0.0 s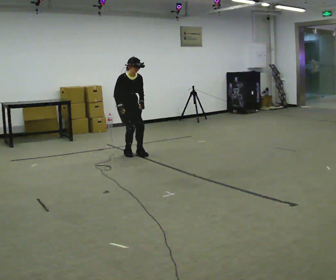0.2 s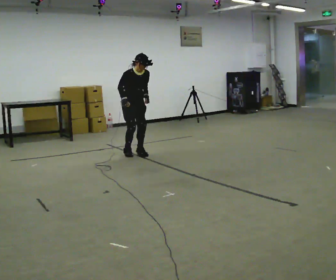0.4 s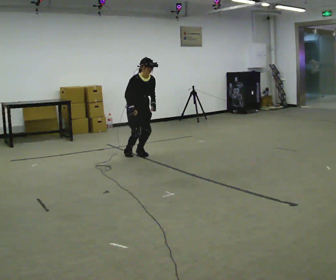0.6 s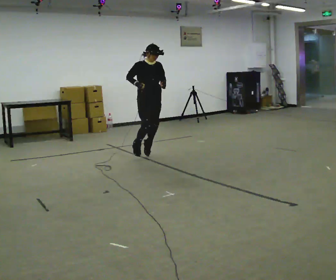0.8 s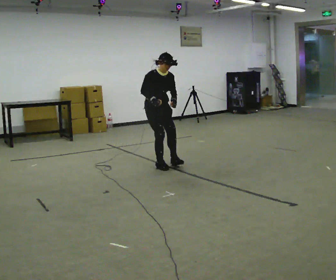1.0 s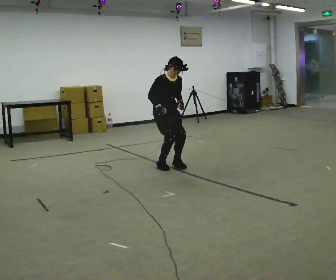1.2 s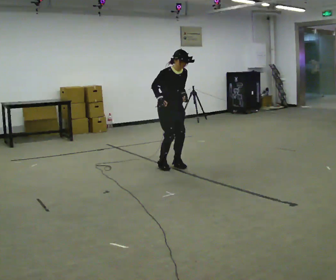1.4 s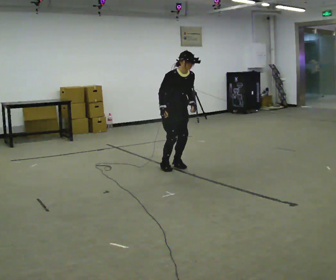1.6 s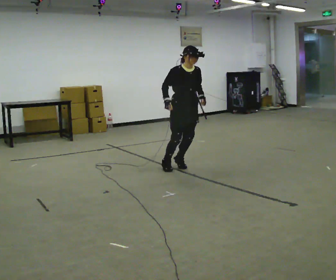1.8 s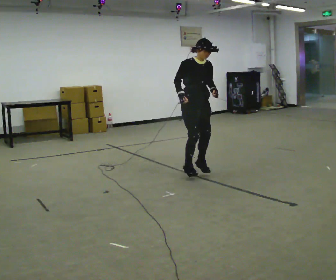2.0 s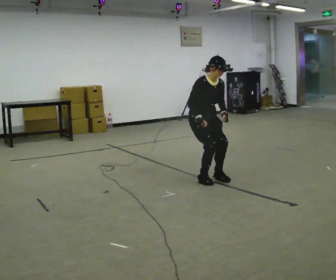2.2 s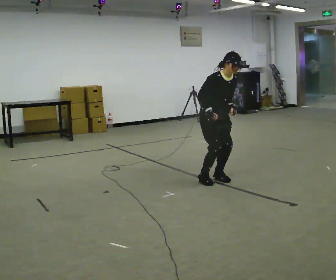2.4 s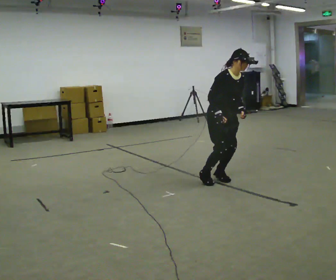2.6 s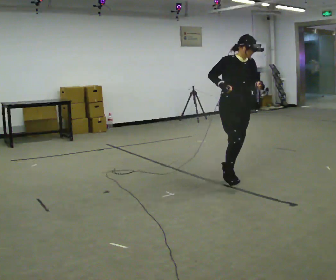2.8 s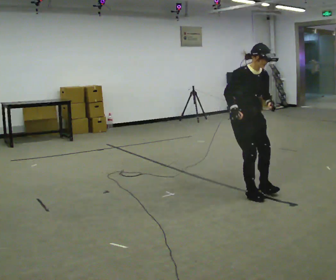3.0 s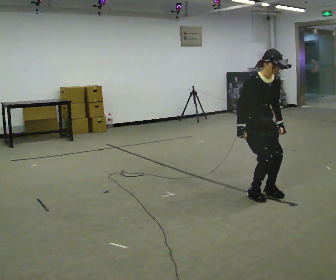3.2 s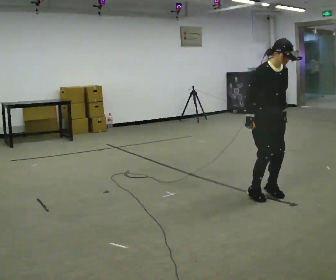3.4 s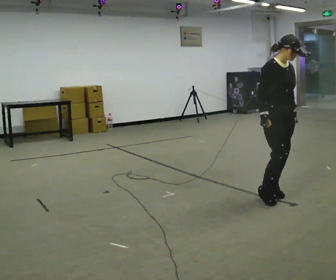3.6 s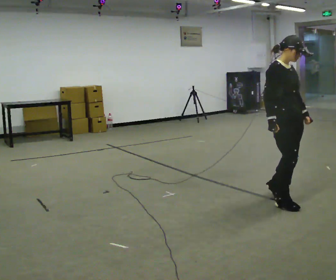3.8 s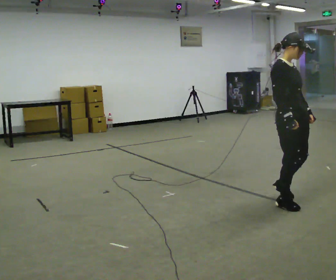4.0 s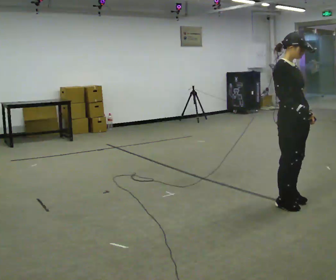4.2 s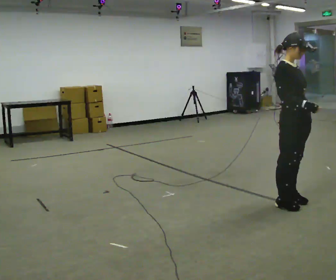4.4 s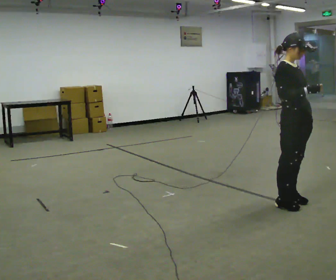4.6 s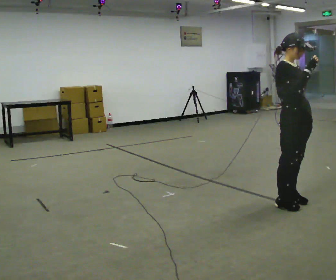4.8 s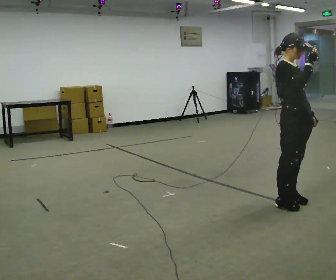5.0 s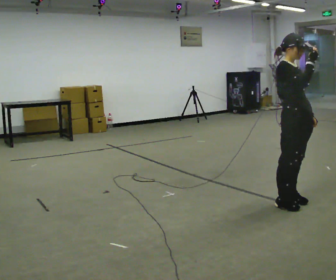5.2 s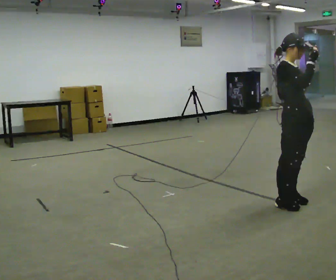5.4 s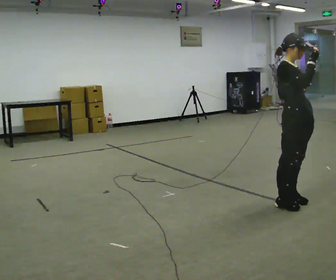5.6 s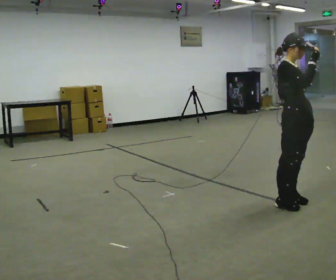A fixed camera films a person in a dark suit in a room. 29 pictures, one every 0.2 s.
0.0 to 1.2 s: In the picture they go to the right and toward the camera, about 1 m in 2 steps, which for them is forward.
1.2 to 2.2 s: In the picture they go to the right and toward the camera, about 1 m in 2 steps, which for them is forward.
2.2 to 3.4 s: In the picture they go toward the camera and to the right, about 1 m in 2 steps, which for them is forward.
3.4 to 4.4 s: In the picture they go toward the camera, about 0.25 m in 2 steps, which for them is forward. In the picture their right hand goes to the right.
4.4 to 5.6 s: The person moves a little, or ends about where they began.
The film runs forward here.
